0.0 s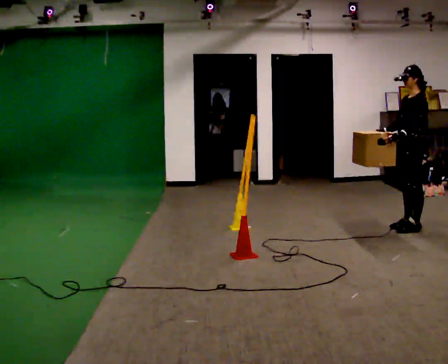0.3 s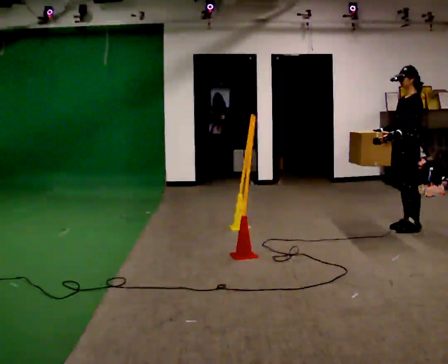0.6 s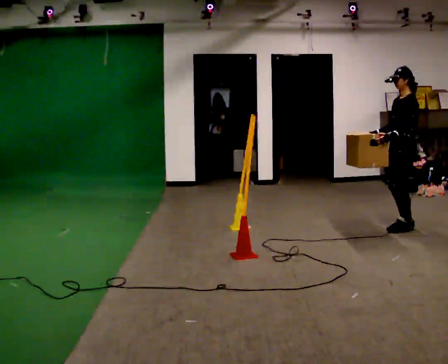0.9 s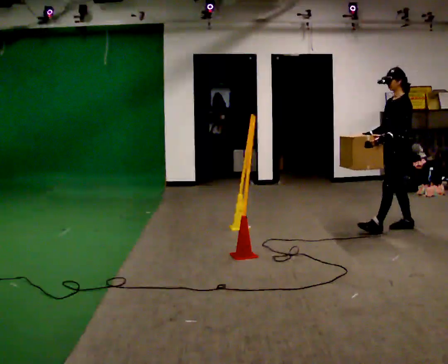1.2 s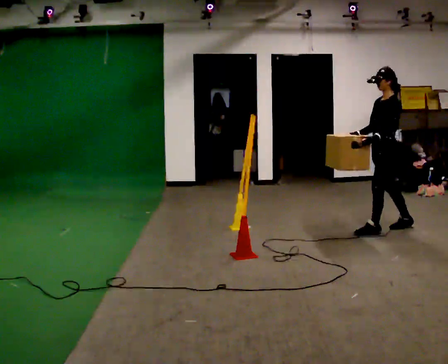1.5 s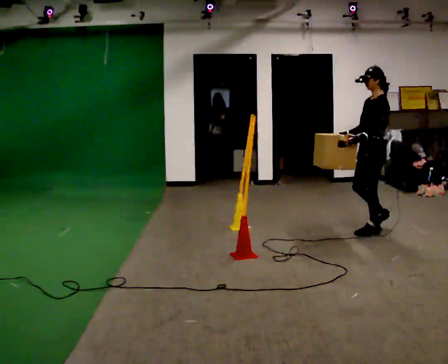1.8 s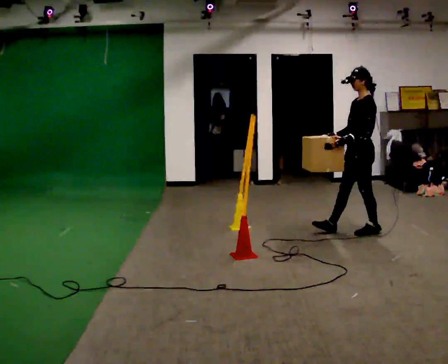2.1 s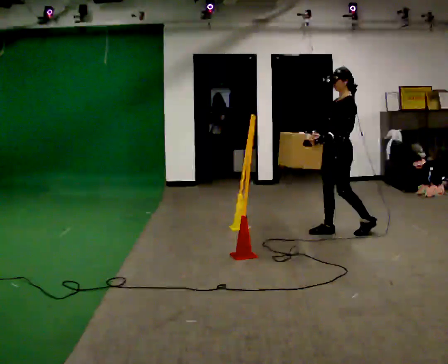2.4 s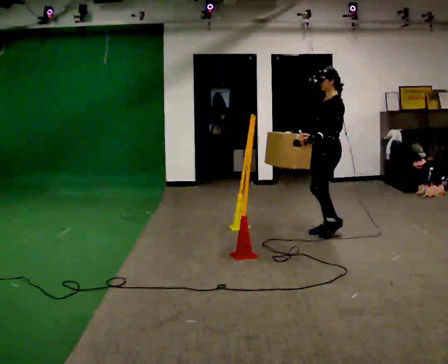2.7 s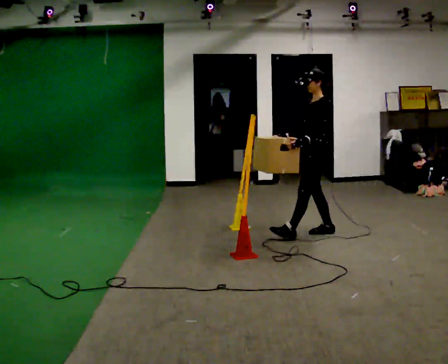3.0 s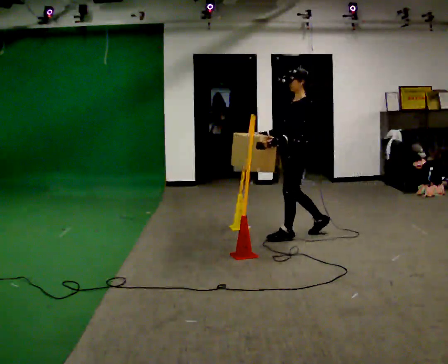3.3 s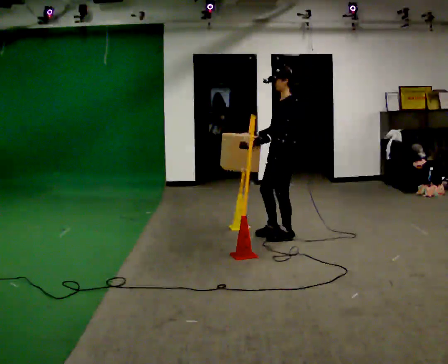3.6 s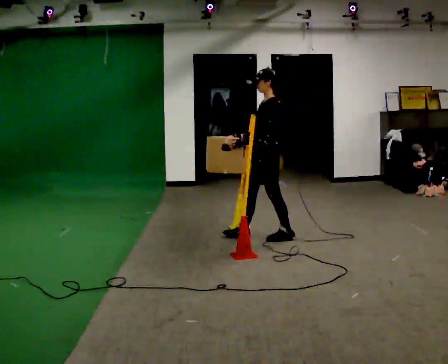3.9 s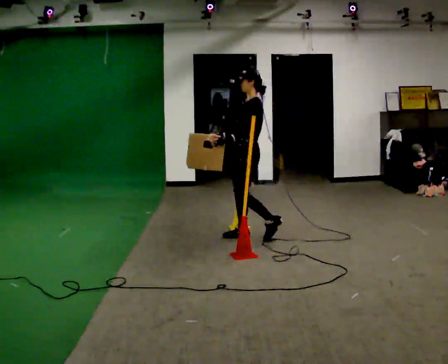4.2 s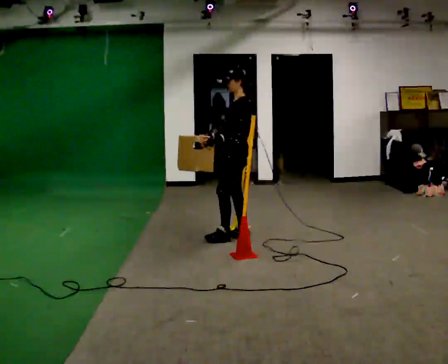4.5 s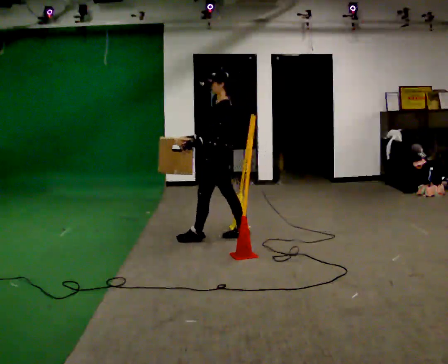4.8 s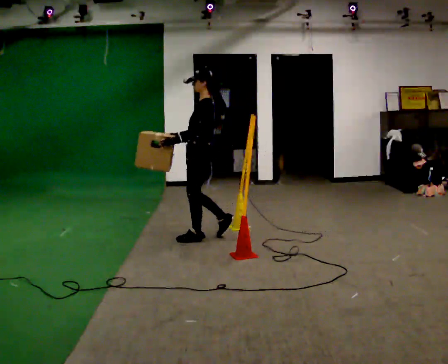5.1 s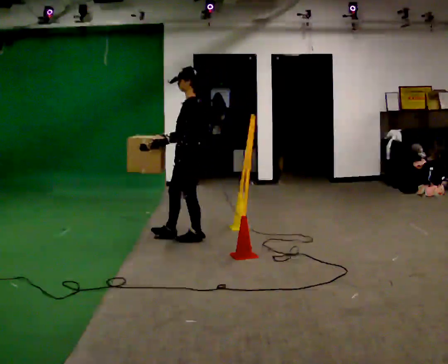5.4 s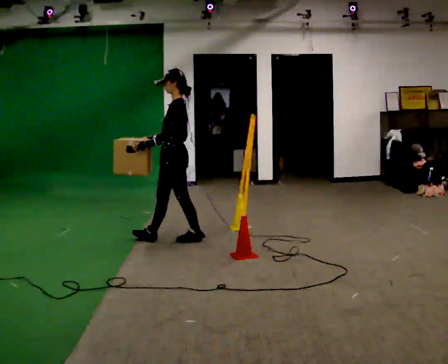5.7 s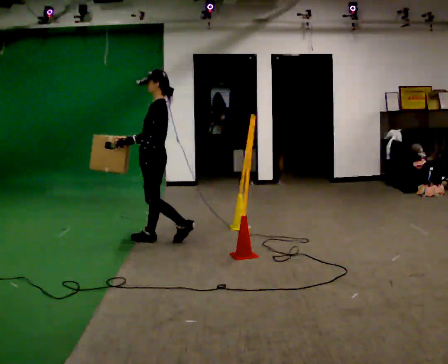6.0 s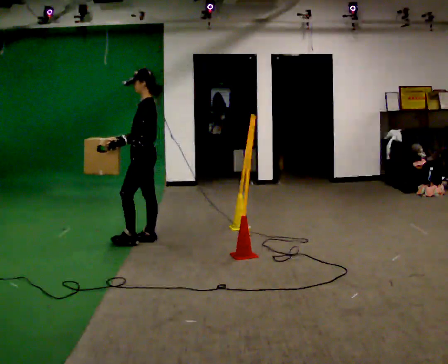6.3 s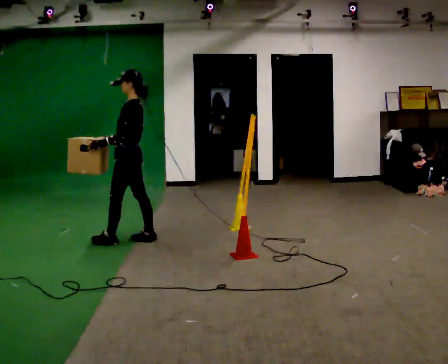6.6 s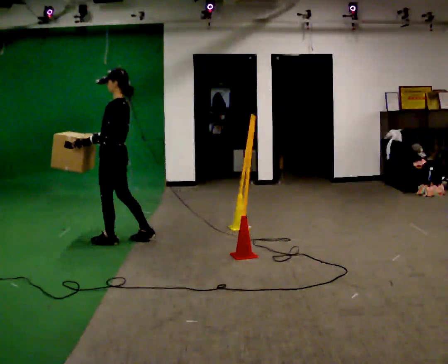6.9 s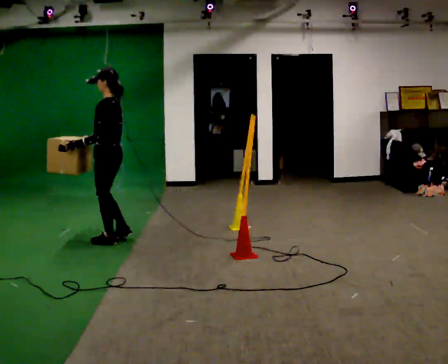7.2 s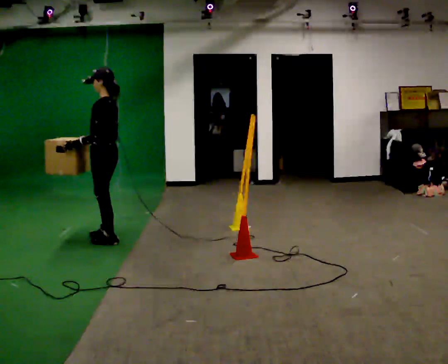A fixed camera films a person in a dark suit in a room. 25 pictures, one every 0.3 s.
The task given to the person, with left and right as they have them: Carry the box through the gap between the panels without touching either side, then set it down and bring it back. Keep going until the operator says stop; one object at a time, and do not rush between trips.
0.0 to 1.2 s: In the picture they go to the left, about 0.25 m in 1 step, which for them is forward.
1.2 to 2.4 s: In the picture they go to the left, about 0.5 m in 1 step, which for them is forward.
2.4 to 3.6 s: In the picture they go to the left, about 0.75 m in 2 steps, which for them is forward.
3.6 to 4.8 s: In the picture they go to the left, about 0.5 m in 1 step, which for them is forward.
4.8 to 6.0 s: In the picture they go to the left, about 0.5 m in 1 step, which for them is forward.
6.0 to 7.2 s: In the picture they go to the left, about 0.25 m in 2 steps, which for them is forward.
The film runs forward here.
